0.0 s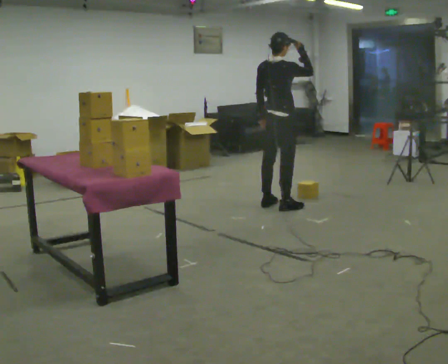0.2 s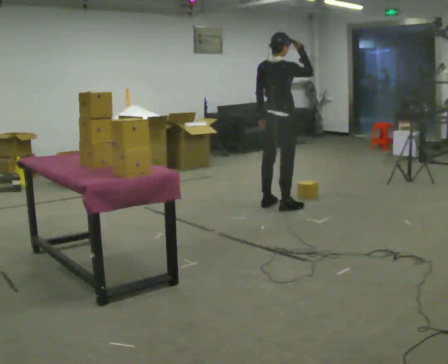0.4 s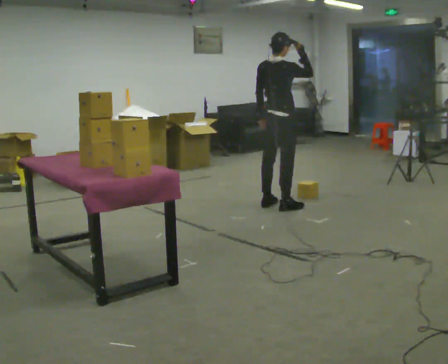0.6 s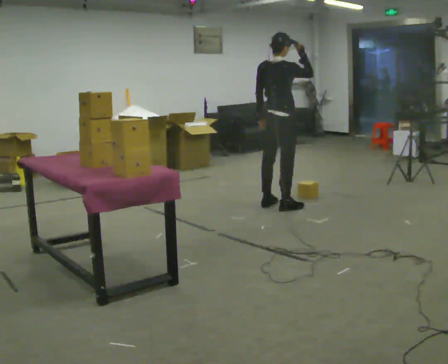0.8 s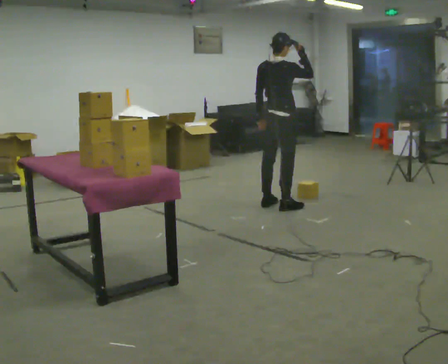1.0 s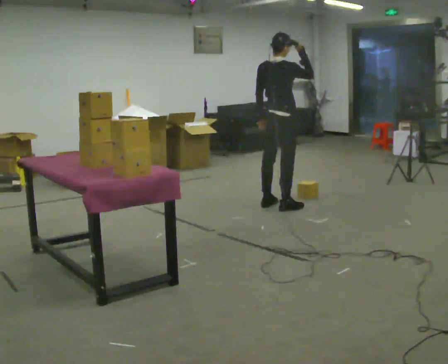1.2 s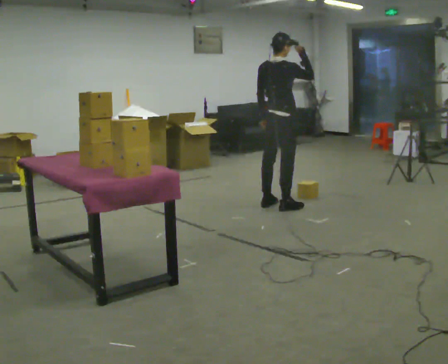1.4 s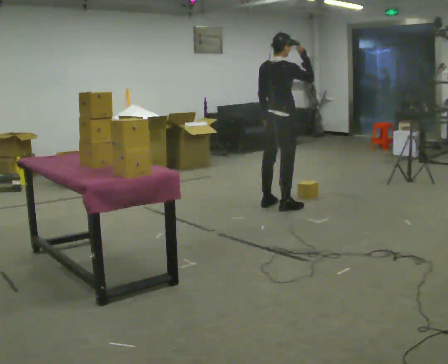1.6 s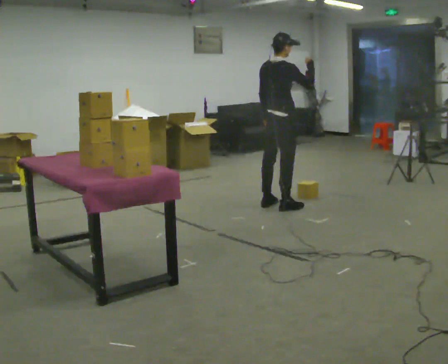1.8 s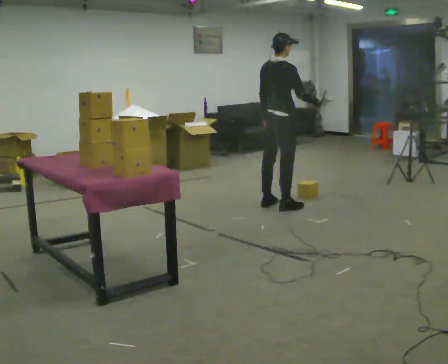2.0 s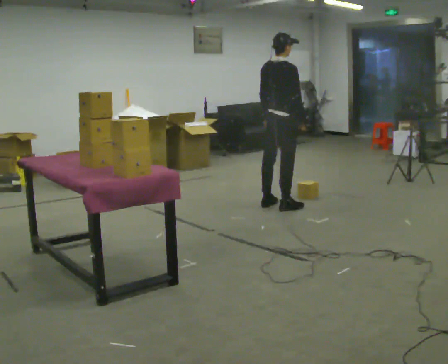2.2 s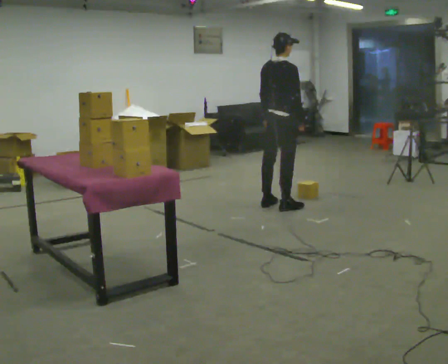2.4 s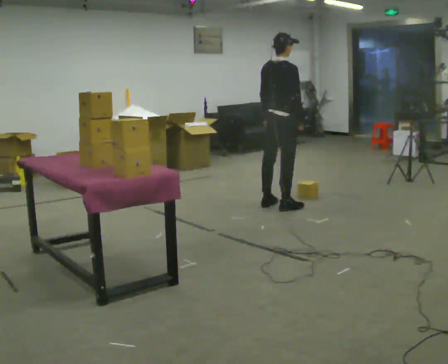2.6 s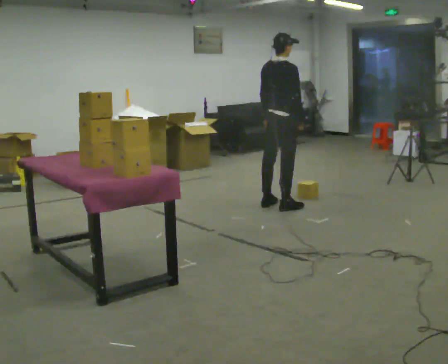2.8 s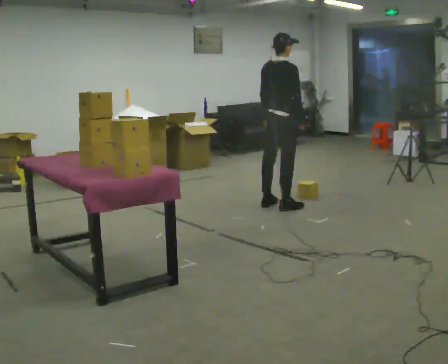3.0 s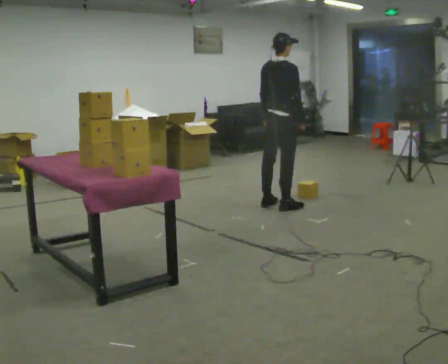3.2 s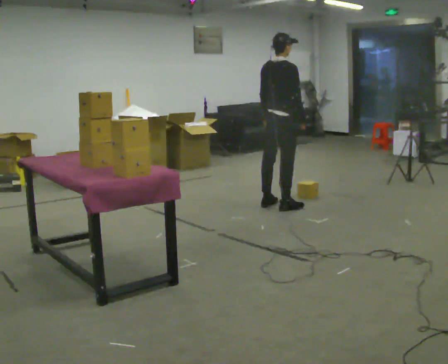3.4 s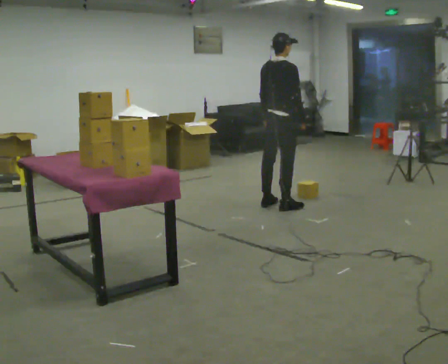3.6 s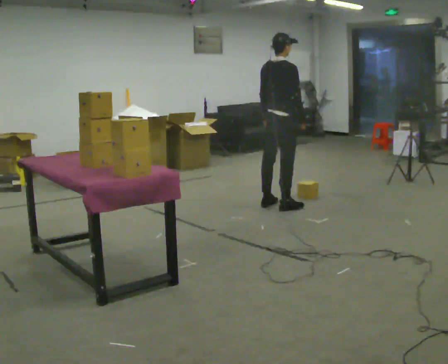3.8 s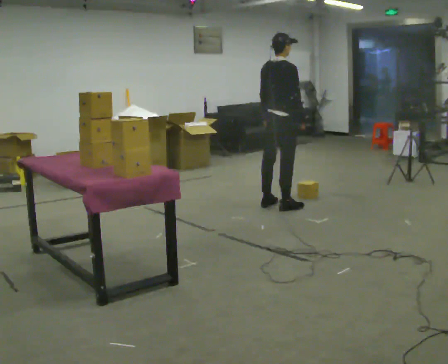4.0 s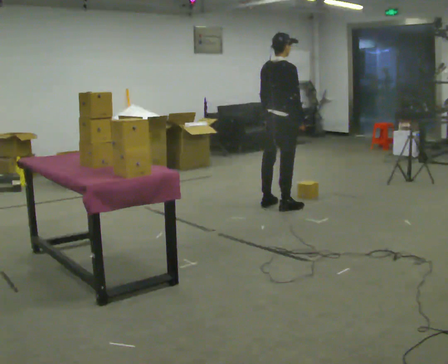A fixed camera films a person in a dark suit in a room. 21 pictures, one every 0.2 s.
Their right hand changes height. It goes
downward.
0.0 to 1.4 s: The person moves a little, or ends about where they began.
1.4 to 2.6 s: In the picture their right hand goes downward.
2.6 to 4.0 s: The person keeps their place and pose.
The film runs backward here.
